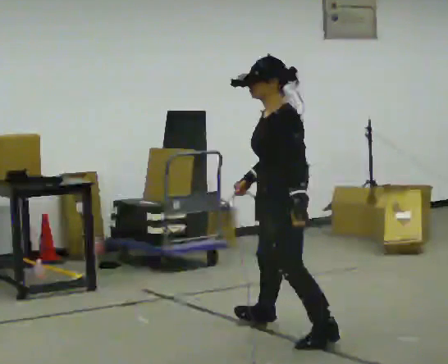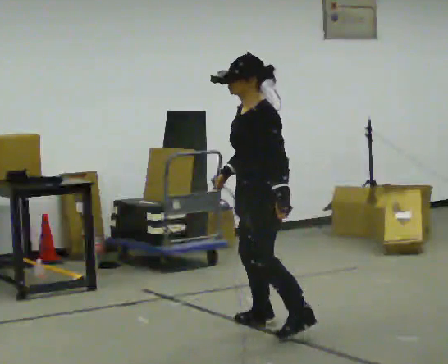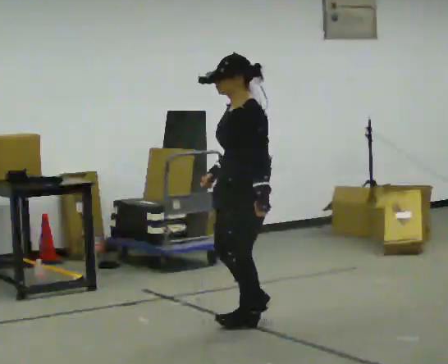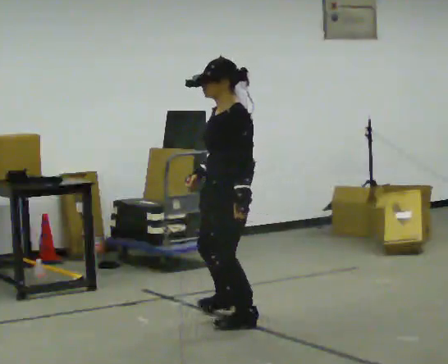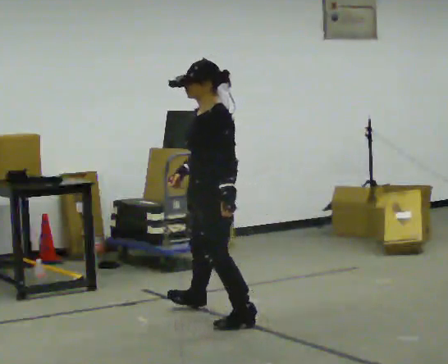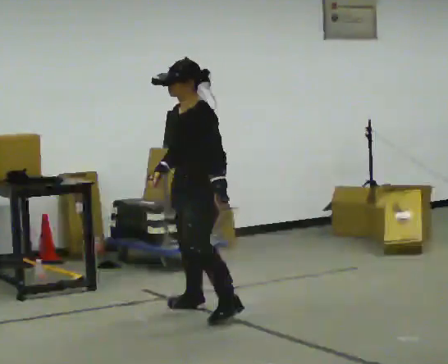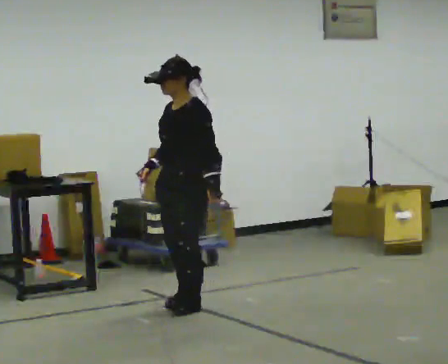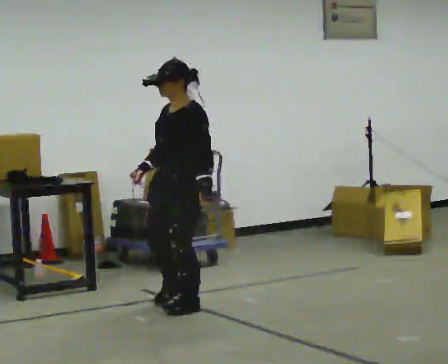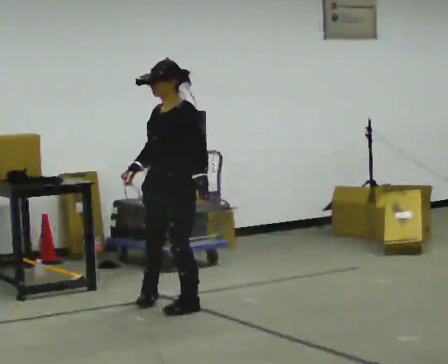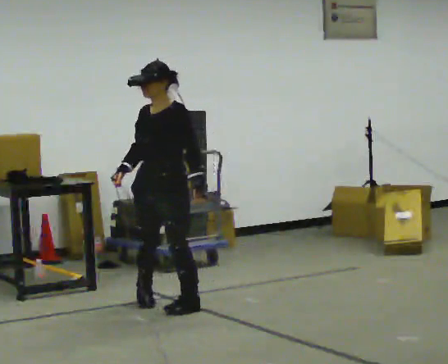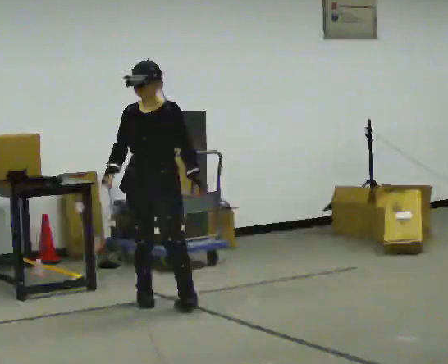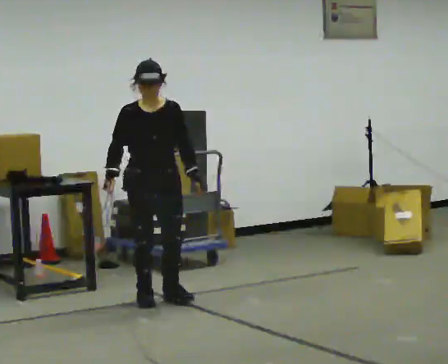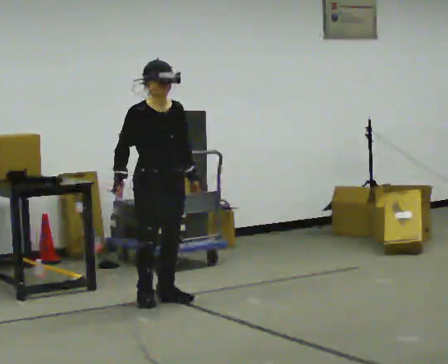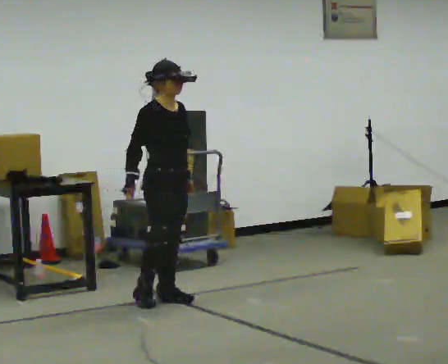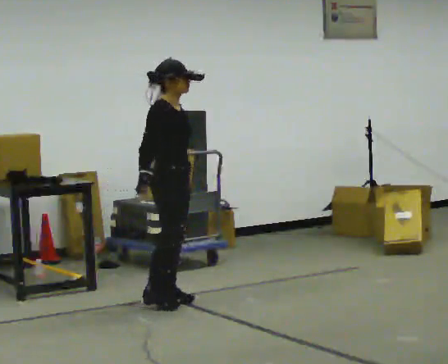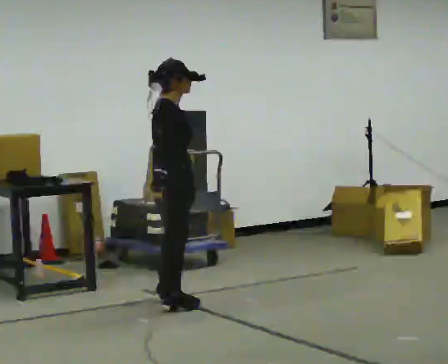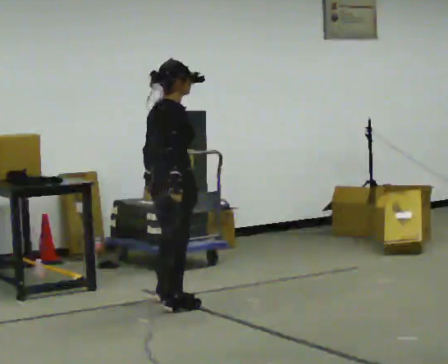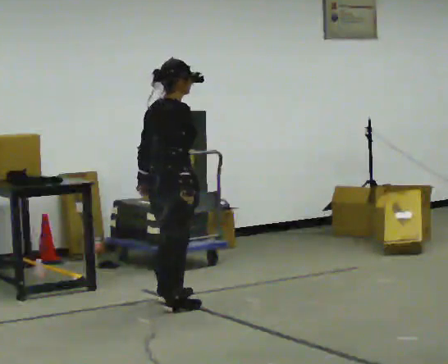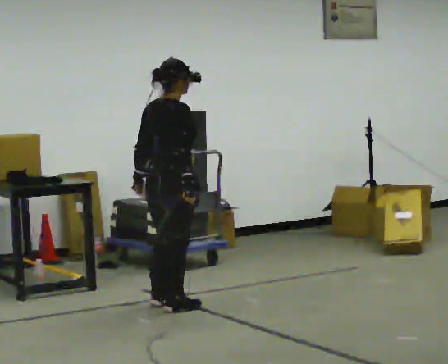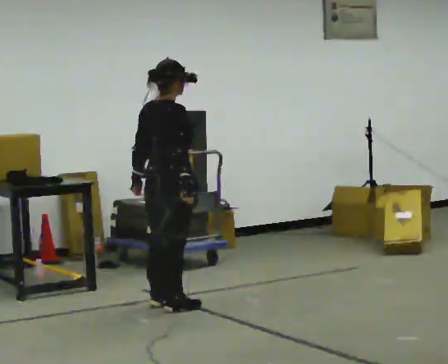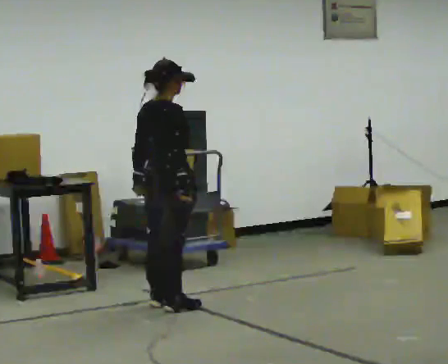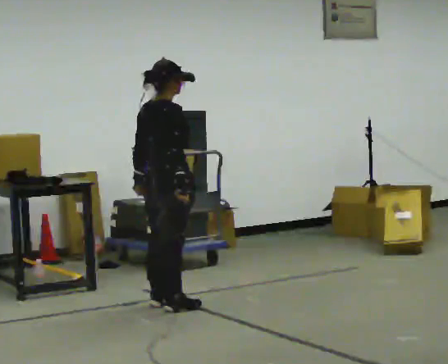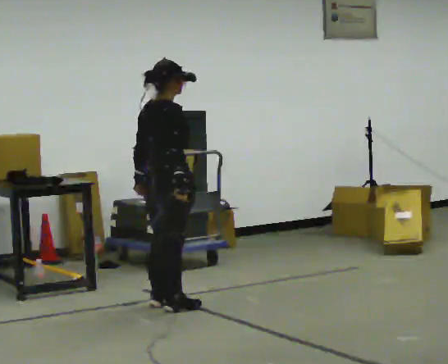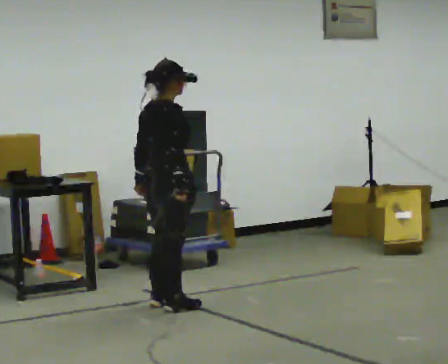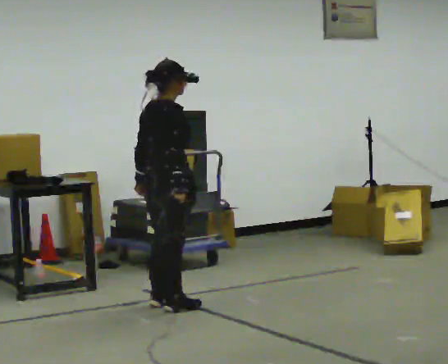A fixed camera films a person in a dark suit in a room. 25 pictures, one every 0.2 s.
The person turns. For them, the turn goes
to their left.
The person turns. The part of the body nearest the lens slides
to the right.
0.0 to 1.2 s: Seen from above the body turns counterclockwise, about 30 degrees: to their left, with its near side sliding to the right. In the picture they go away from the camera and to the left, about 1 m in 2 steps, which for them is to their right.
1.2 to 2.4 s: The person turns about 90 degrees to their left, counterclockwise seen from above, so the part of the body nearest the lens slides to the right. In the picture they go away from the camera and to the left, about 0.25 m in 3 steps.
2.4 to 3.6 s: The part of the body nearest the lens slides to the right as the person turns to their left by about 90 degrees. In the picture they go toward the camera, about 0.25 m in 2 steps. In the picture their left hand goes to the left, the arm swinging clockwise.
3.6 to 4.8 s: The person moves a little, or ends about where they began.
The film runs forward here.
